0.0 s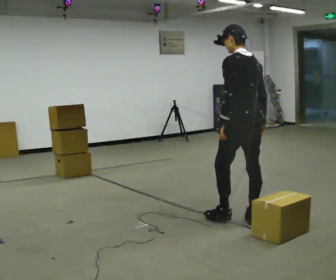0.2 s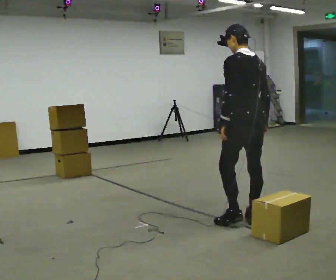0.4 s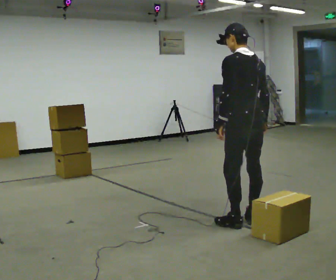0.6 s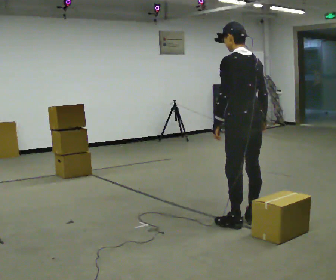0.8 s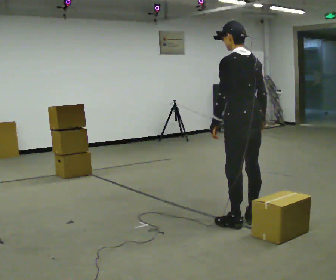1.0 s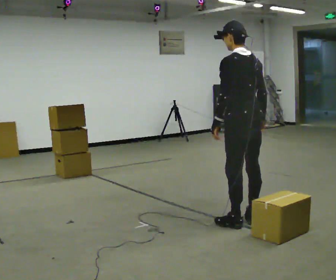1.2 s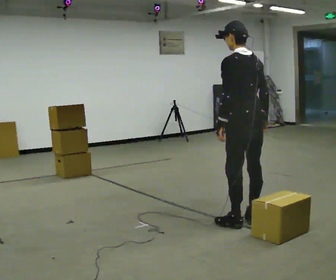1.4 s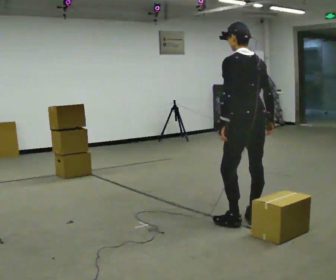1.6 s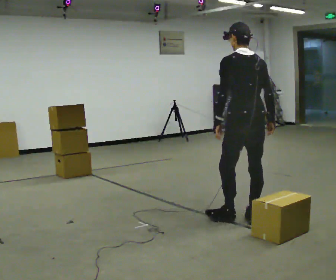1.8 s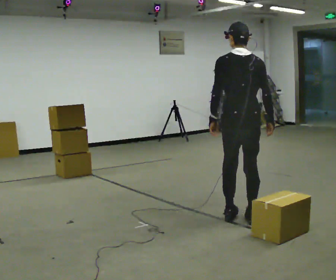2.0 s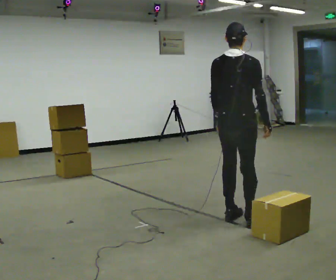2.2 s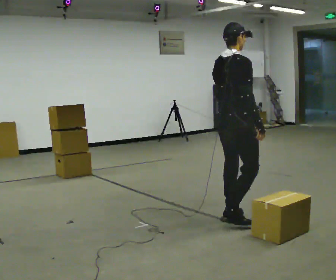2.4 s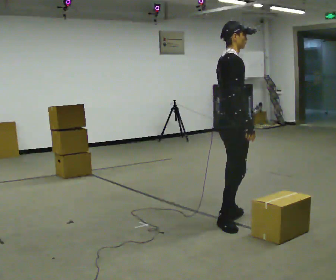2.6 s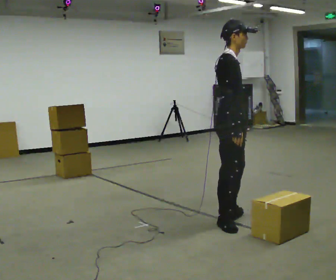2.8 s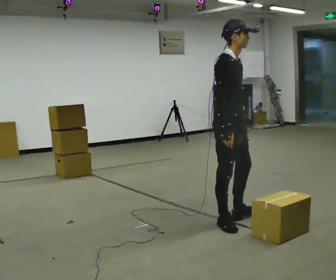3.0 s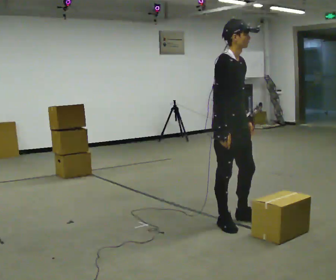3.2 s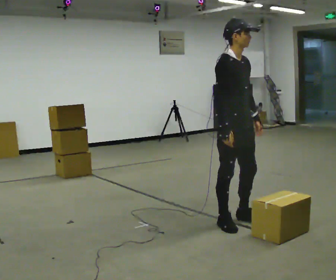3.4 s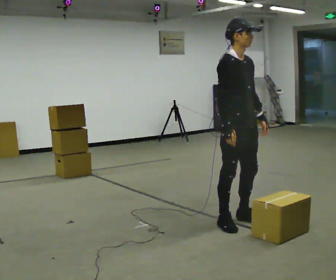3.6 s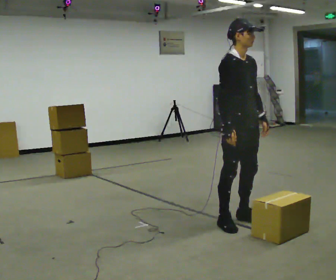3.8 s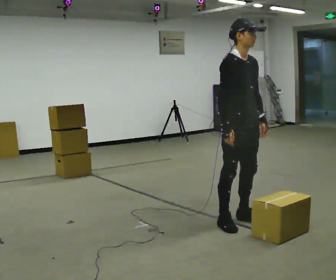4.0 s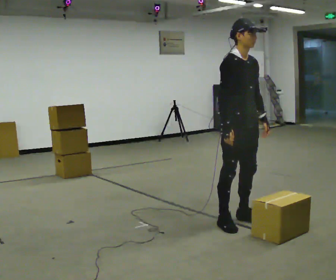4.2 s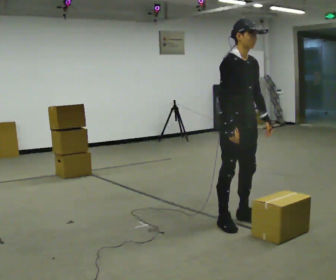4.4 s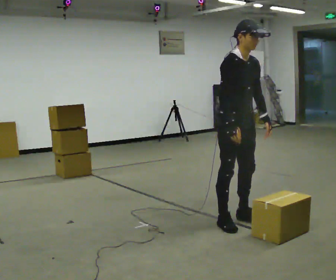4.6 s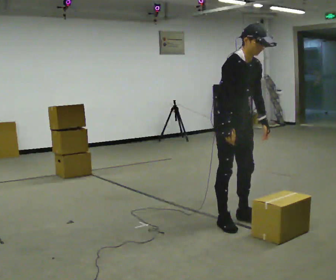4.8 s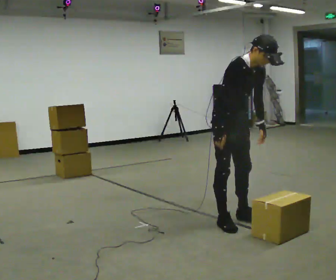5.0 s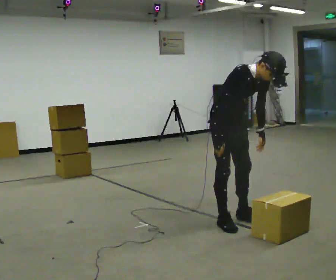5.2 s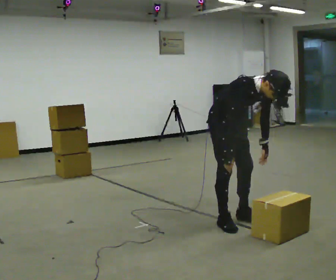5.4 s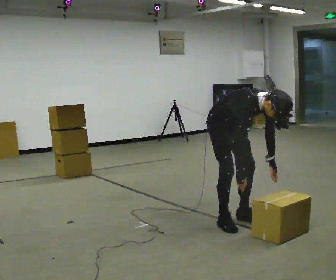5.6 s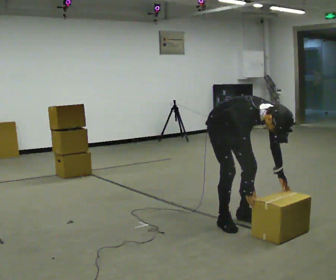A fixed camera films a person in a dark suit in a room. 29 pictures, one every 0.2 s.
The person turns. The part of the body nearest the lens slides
to the left.
The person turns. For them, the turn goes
to their right.
0.0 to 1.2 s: The person moves a little, or ends about where they began.
1.2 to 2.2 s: The part of the body nearest the lens slides to the left as the person turns to their right by about 90 degrees. In the picture they go to the left, about 0.25 m in 2 steps.
2.2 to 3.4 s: The part of the body nearest the lens slides to the left as the person turns to their right by about 75 degrees.
3.4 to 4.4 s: The person moves a little, or ends about where they began.
4.4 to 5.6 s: The shoulders move downward. The upper body tips toward the camera, its near side rolling downward, as they bend forward. In the picture their right hand goes downward.
The film runs backward here.
